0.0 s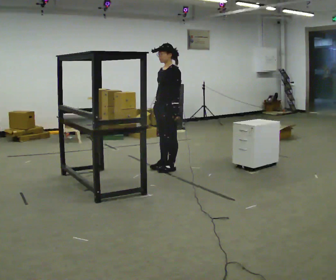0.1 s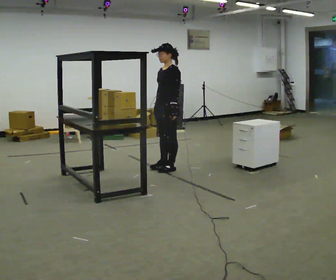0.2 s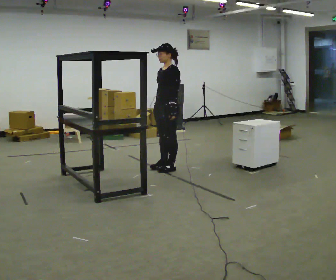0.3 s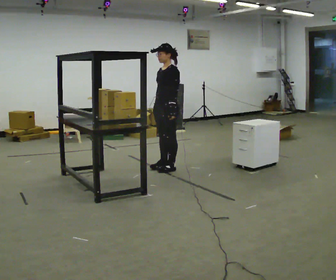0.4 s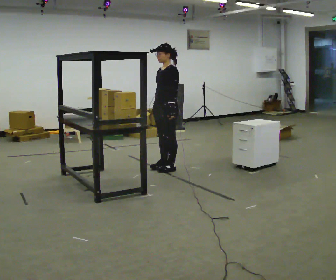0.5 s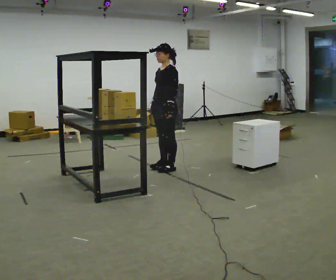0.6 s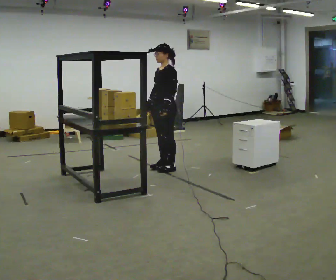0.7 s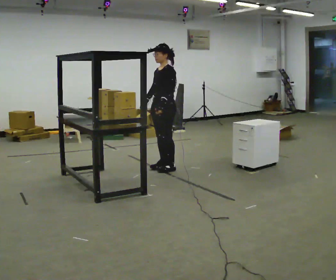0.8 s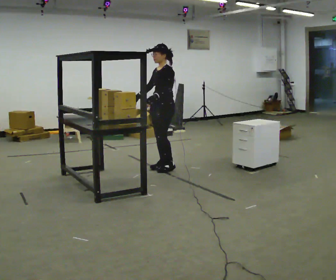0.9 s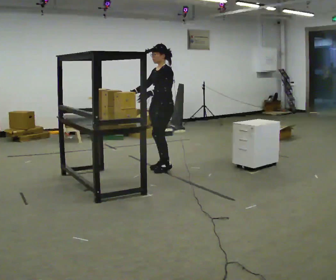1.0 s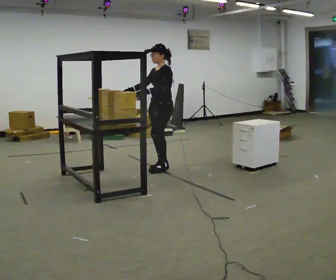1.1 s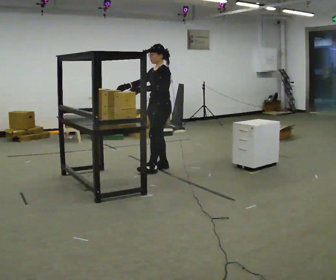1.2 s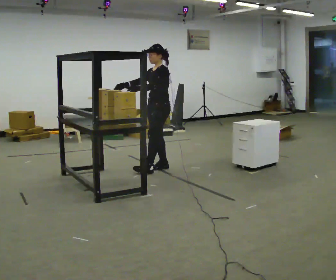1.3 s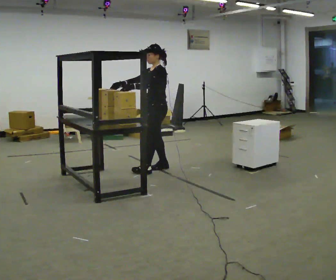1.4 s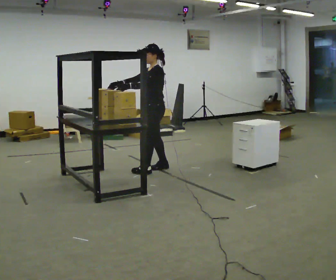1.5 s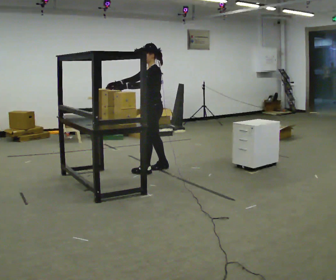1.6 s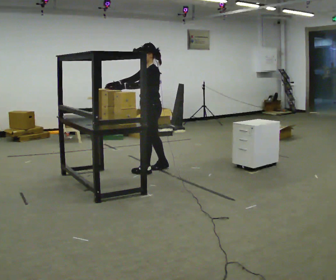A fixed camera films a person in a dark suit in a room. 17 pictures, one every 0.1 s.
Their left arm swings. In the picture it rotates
clockwise.
0.0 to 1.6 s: In the picture they go to the left, about 0.25 m in 1 step, which for them is forward. In the picture their right hand goes to the left, the arm swinging clockwise.
The film runs forward here.
